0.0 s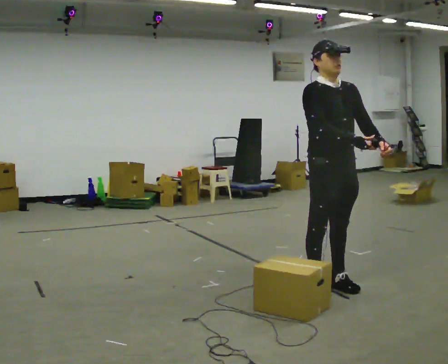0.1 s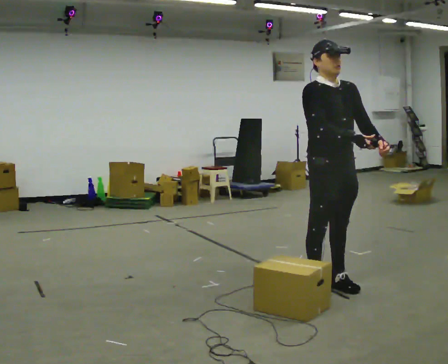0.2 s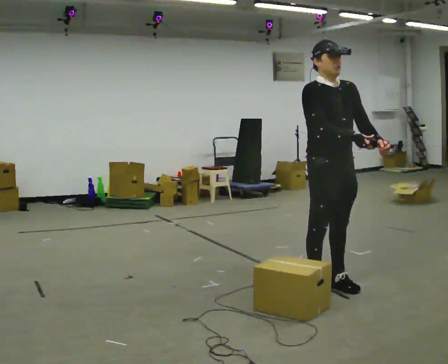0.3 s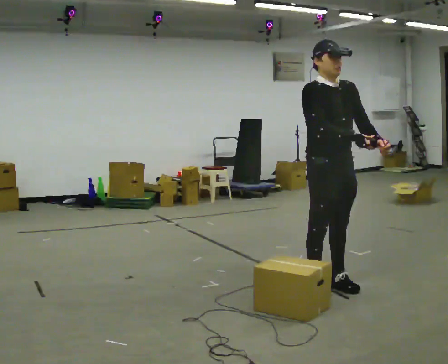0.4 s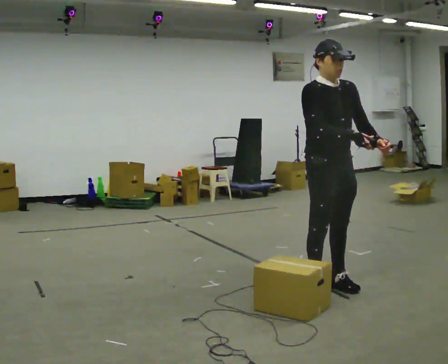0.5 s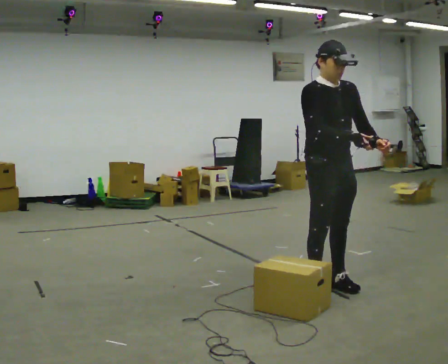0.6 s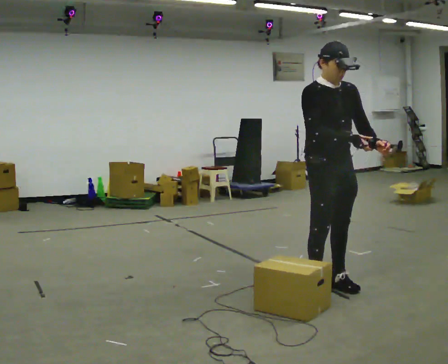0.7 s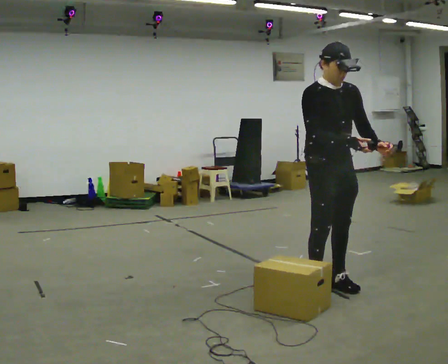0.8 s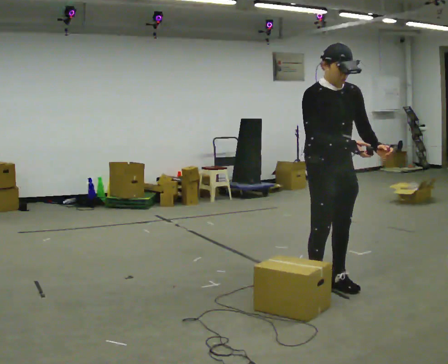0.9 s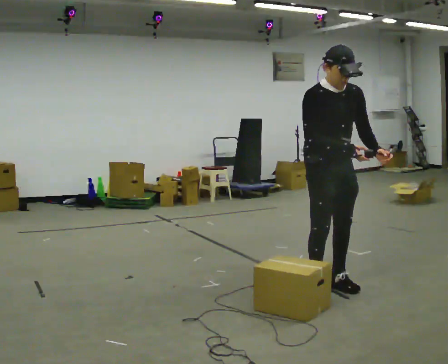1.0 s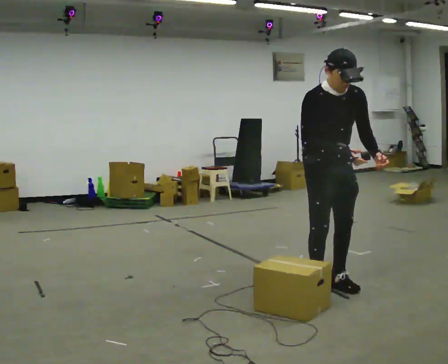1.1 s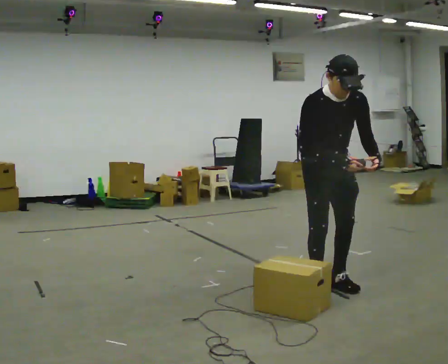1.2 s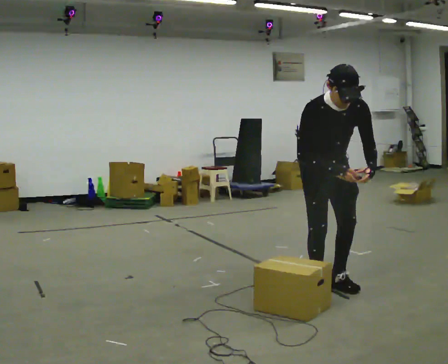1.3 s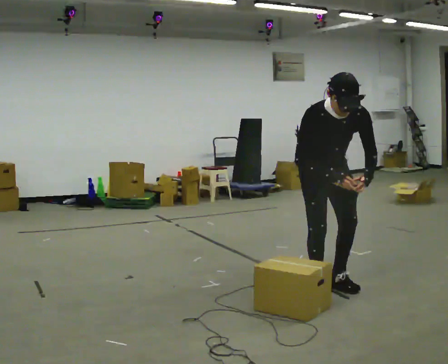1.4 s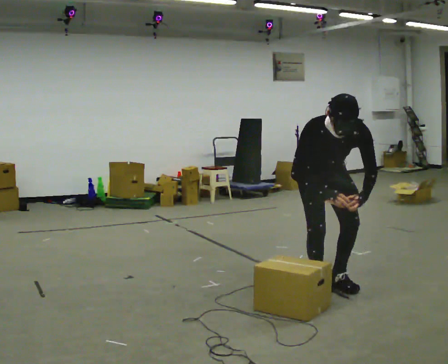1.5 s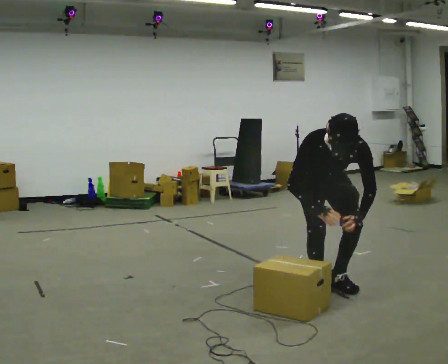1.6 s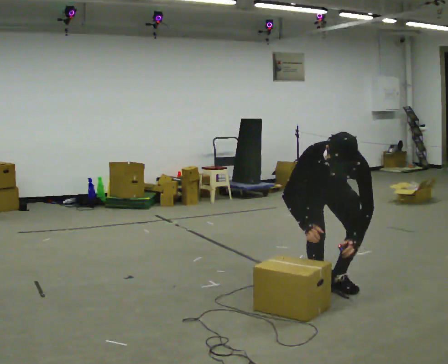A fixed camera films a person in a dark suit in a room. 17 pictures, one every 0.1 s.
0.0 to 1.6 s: The upper body goes downward. The upper body tips toward the camera, its near side rolling downward, as they bend forward. In the picture their right hand goes downward, the arm swinging clockwise.
The film runs backward here.
